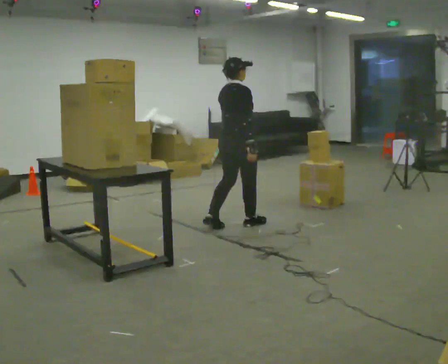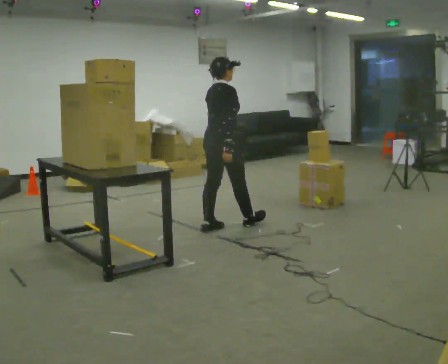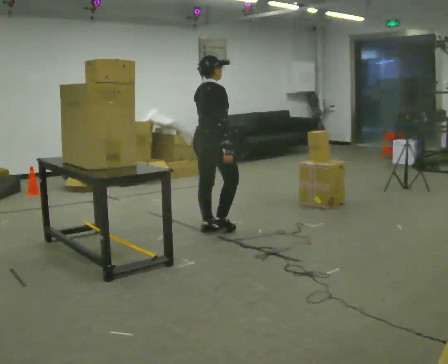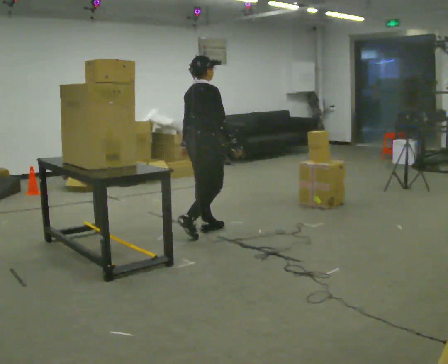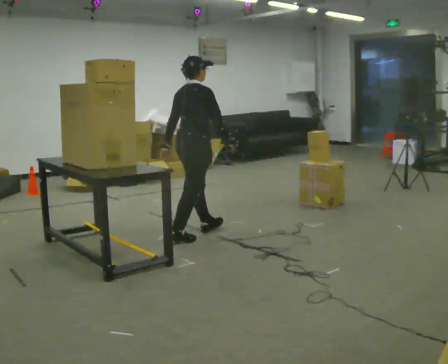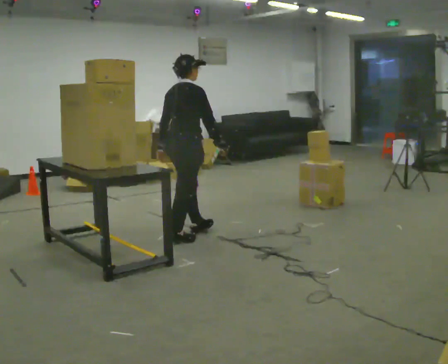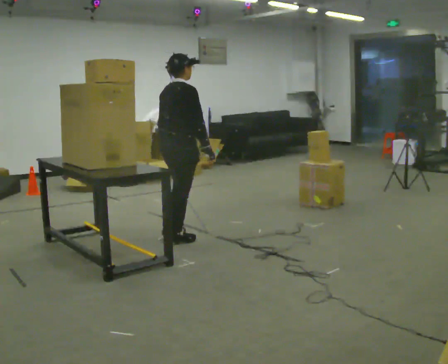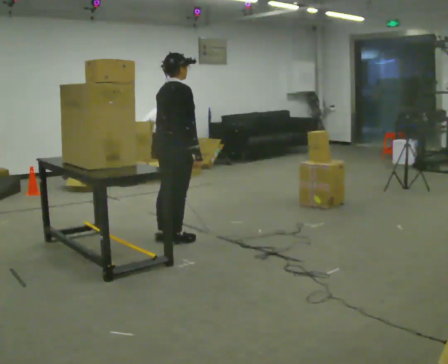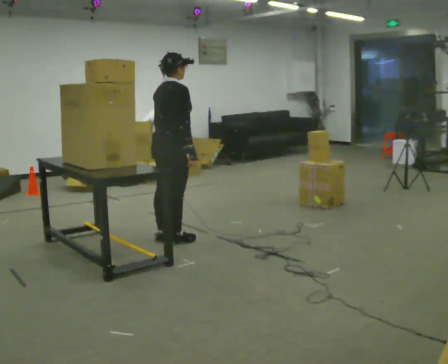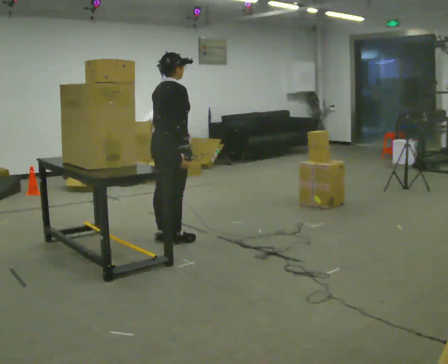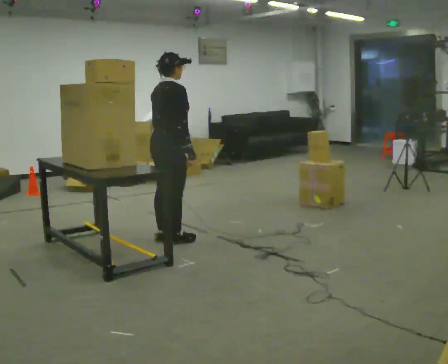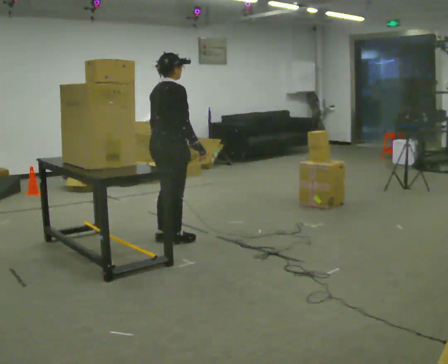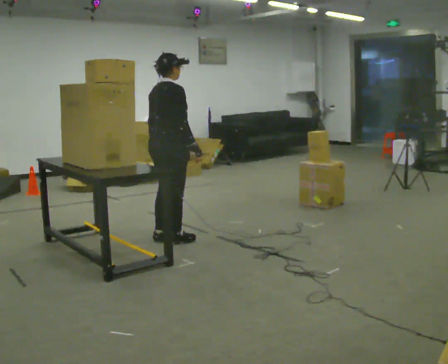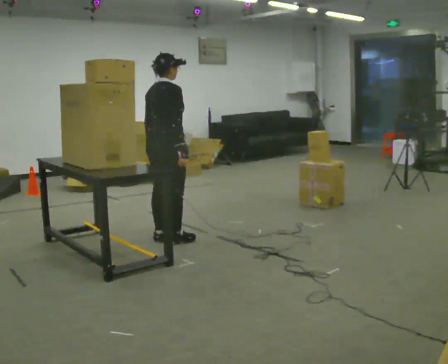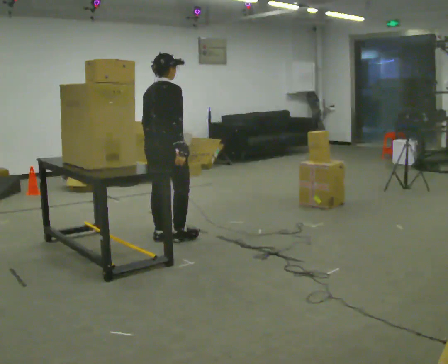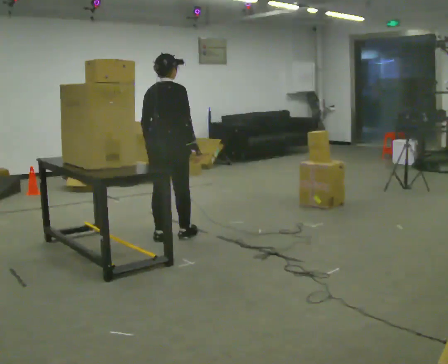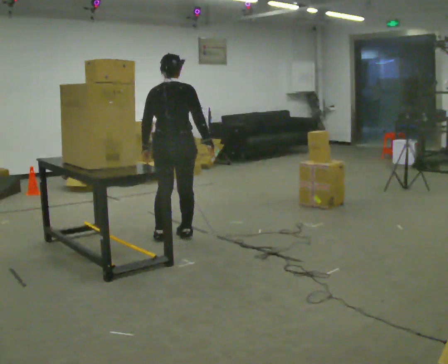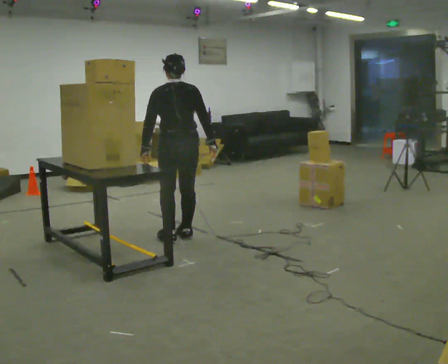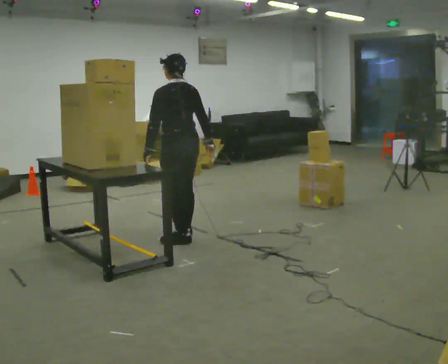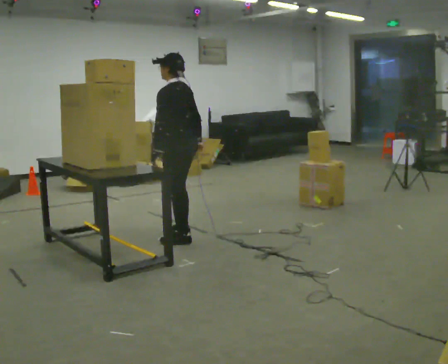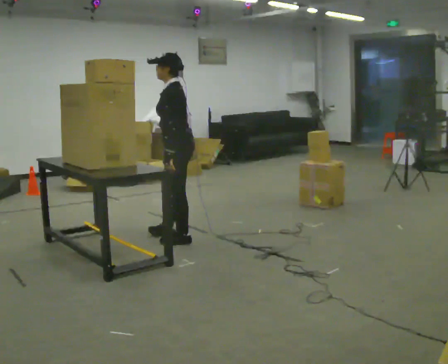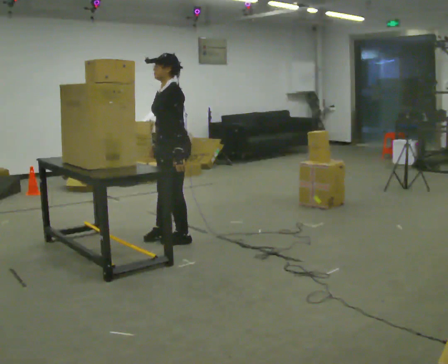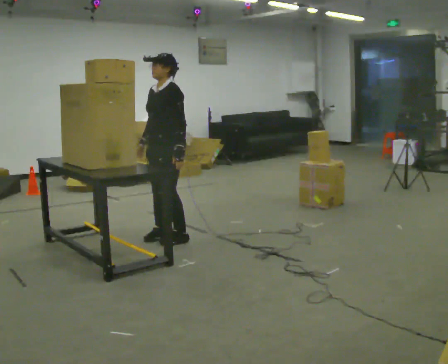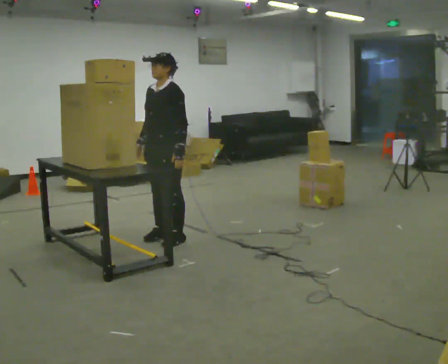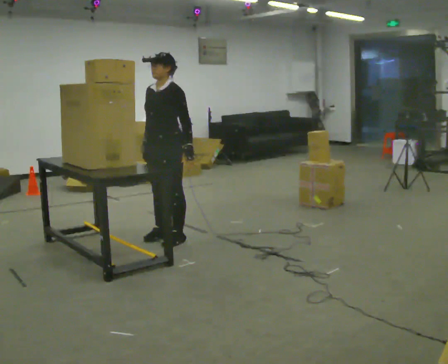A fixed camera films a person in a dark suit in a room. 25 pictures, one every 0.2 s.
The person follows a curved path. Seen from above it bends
clockwise.
The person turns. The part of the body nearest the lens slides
to the right.
0.0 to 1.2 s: In the picture they go to the left and toward the camera, about 0.75 m in 2 steps, which for them is backward.
1.2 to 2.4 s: The person moves a little, or ends about where they began.
2.4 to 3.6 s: Seen from above the body turns counterclockwise, about 90 degrees: to their left, with its near side sliding to the right.
3.6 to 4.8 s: The part of the body nearest the lens slides to the right as the person turns to their left by about 90 degrees. In the picture their right hand goes to the left, the arm swinging clockwise.
The film runs backward here.
